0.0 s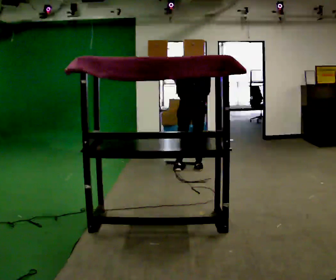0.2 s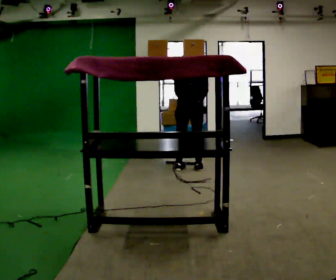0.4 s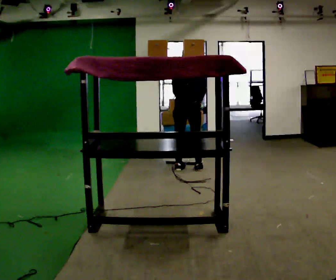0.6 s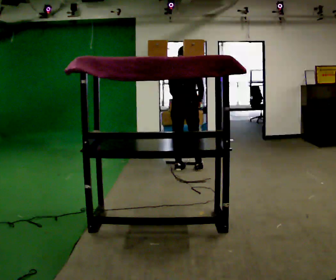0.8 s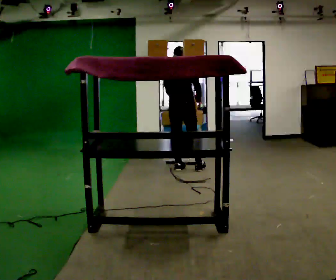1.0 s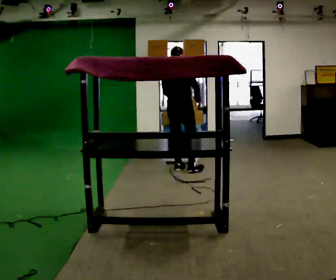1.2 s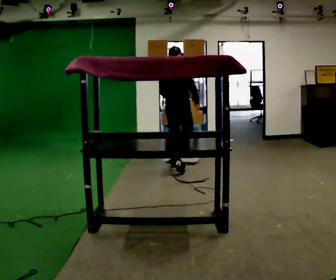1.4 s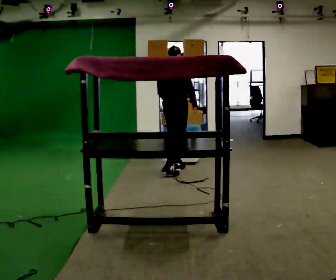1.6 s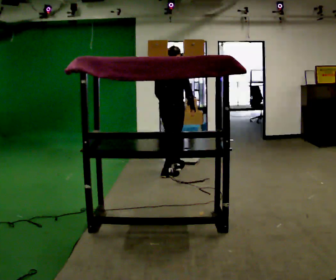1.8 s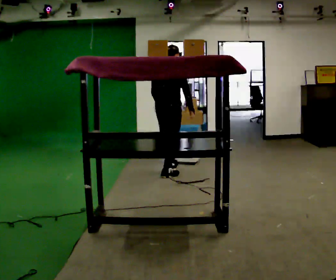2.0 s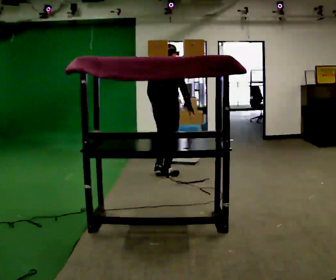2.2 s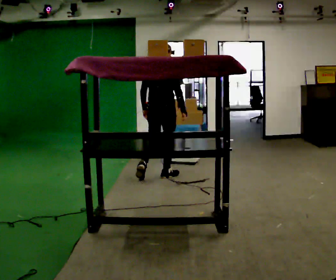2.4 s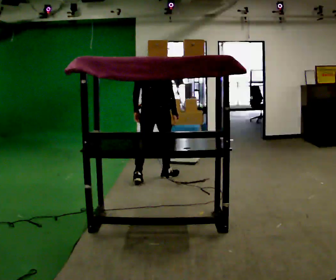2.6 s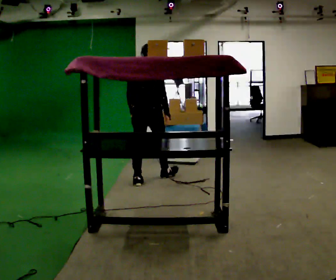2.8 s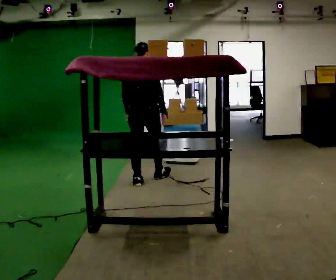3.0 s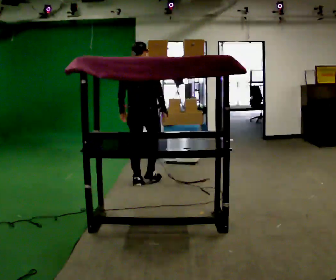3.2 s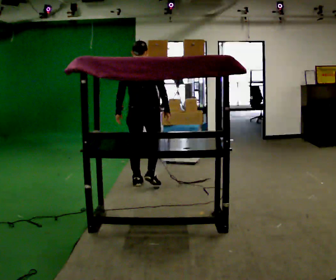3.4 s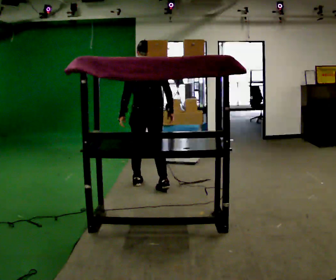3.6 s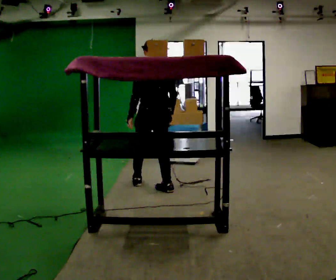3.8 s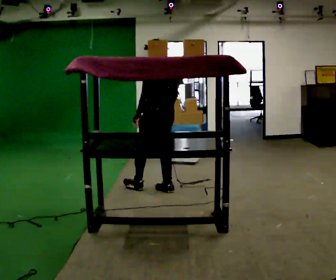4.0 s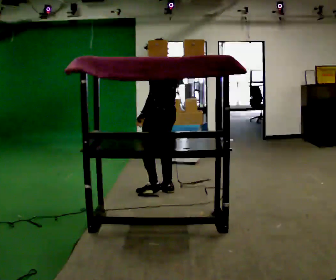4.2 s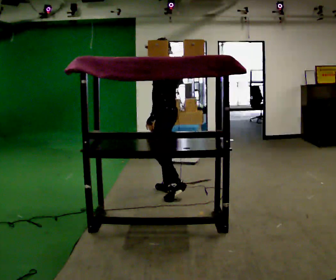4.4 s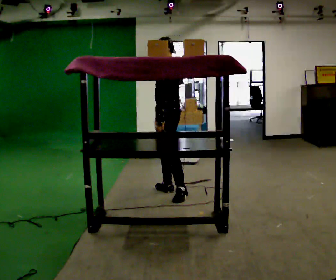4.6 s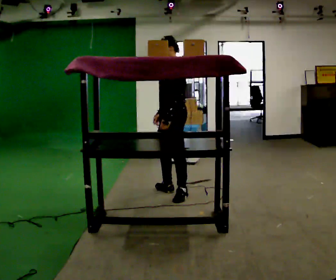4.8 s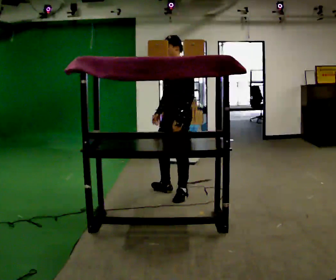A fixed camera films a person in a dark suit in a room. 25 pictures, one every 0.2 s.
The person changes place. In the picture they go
toward the camera.
The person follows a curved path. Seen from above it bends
counterclockwise.
0.0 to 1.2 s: Seen from above the body turns clockwise, about 30 degrees: to their right, with its near side sliding to the left. In the picture they go to the left, about 0.25 m in 1 step, which for them is to their left and backward.
1.2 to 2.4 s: In the picture they go toward the camera and to the left, about 0.5 m in 1 step, which for them is backward.
2.4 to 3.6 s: The part of the body nearest the lens slides to the right as the person turns to their left by about 45 degrees. In the picture they go toward the camera, about 0.5 m in 1 step, which for them is backward.
3.6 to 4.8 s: The part of the body nearest the lens slides to the right as the person turns to their left by about 90 degrees. In the picture they go toward the camera and to the right, about 0.25 m in 1 step.
The film runs backward here.
